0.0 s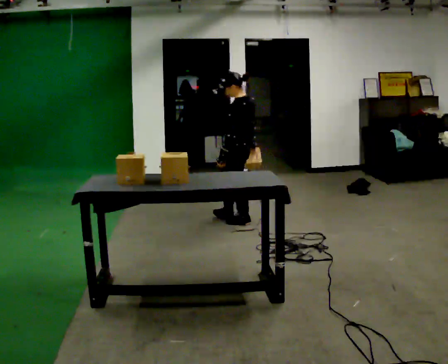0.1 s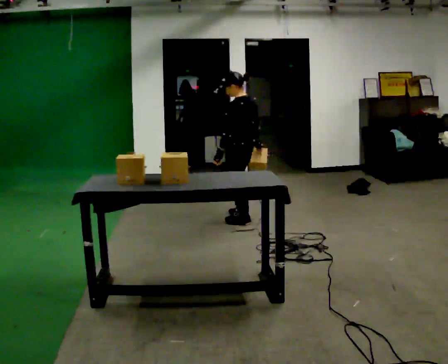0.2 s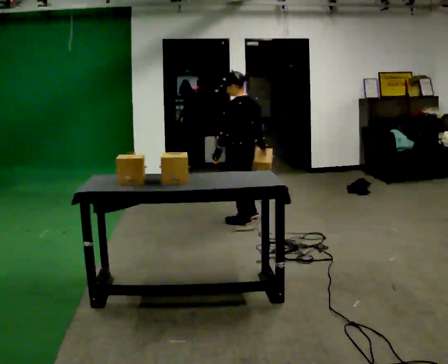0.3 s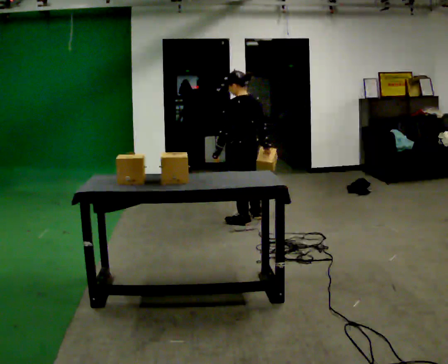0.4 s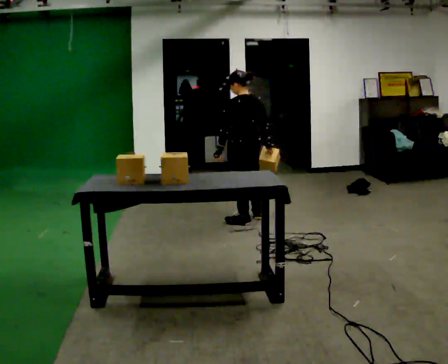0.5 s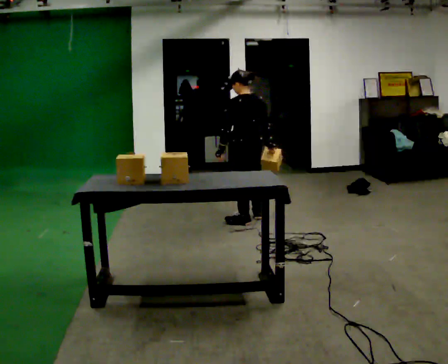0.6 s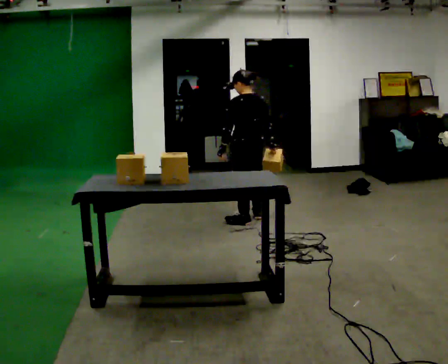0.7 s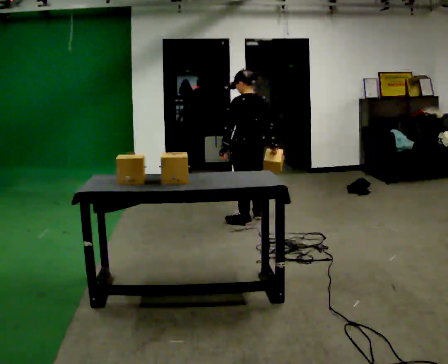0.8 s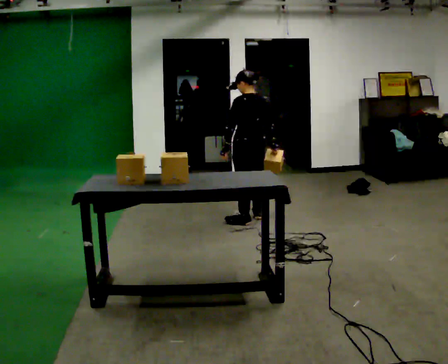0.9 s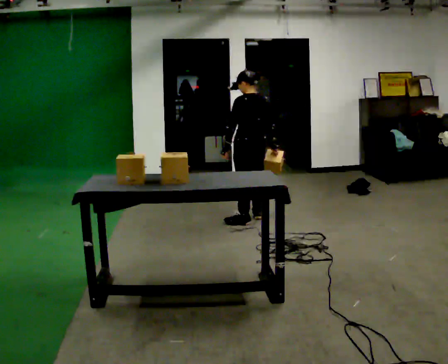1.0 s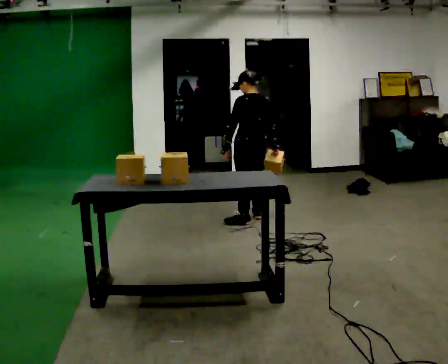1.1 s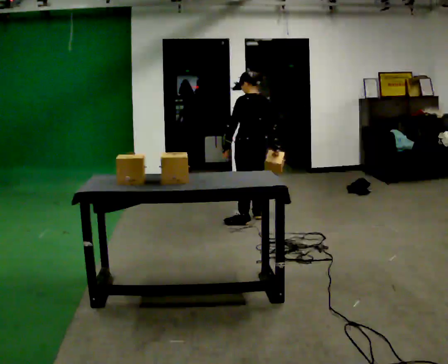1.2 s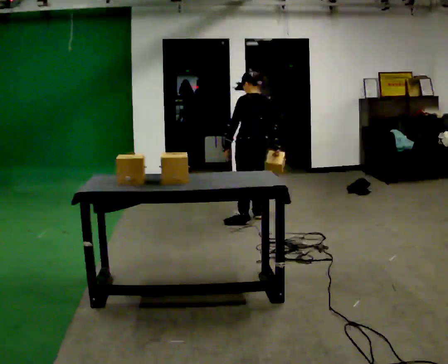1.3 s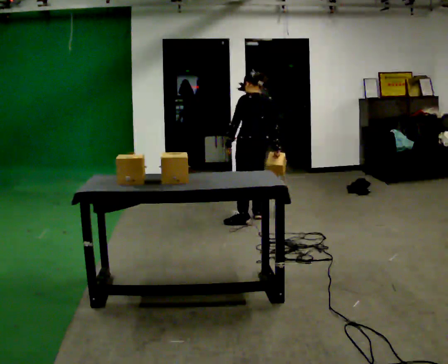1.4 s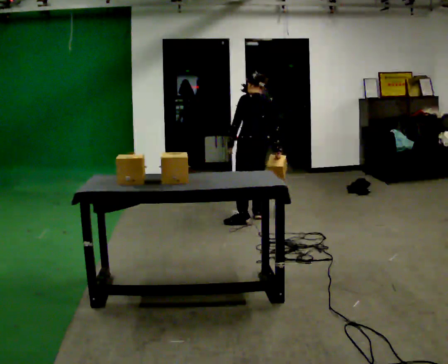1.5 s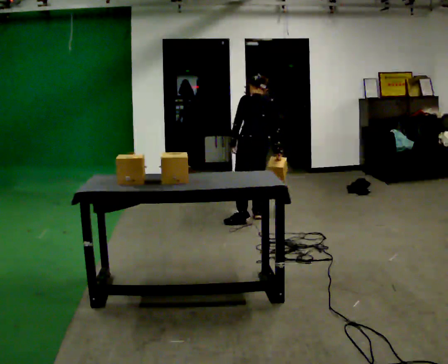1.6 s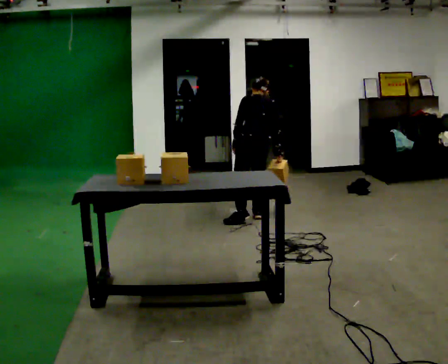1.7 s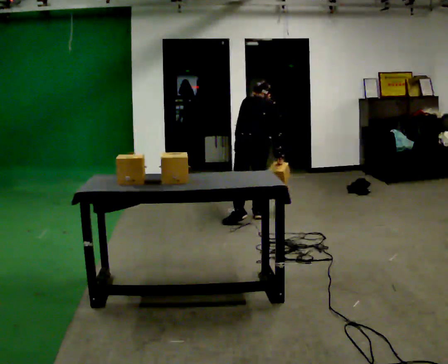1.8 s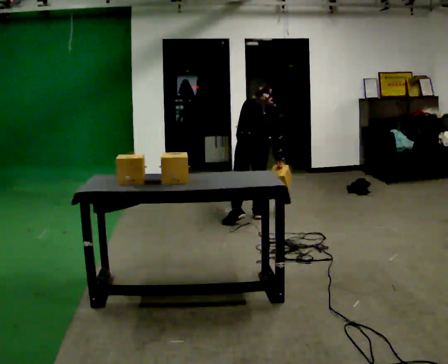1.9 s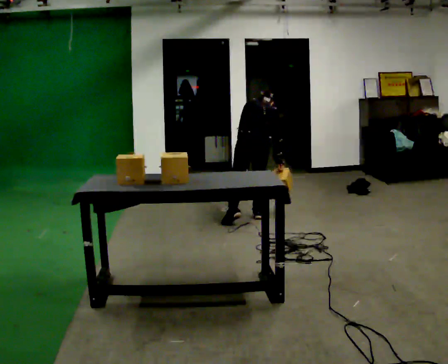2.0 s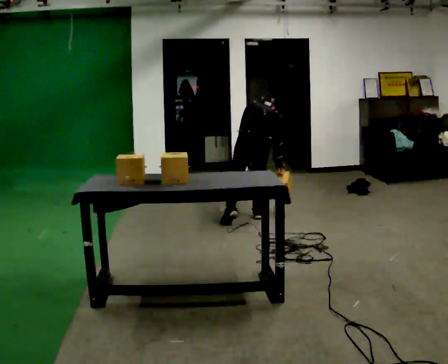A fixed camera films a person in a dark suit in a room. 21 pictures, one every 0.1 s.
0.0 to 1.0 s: Seen from above the body turns clockwise, about 45 degrees: to their right, with its near side sliding to the left.
1.0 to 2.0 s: The upper body tips away from the camera, its near side rolling upward, as they bend forward.
The film runs backward here.
